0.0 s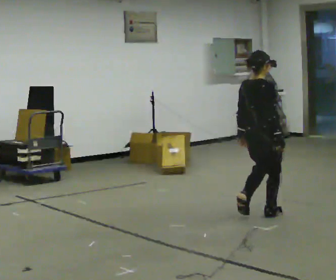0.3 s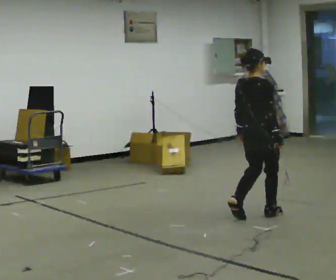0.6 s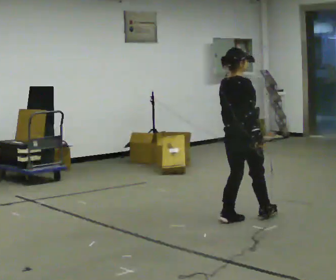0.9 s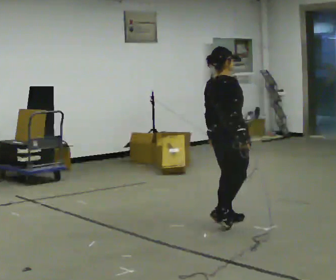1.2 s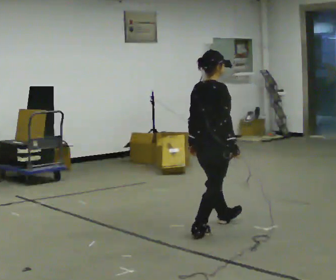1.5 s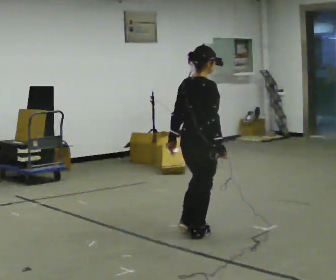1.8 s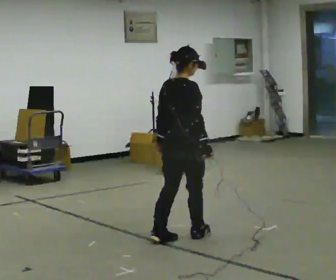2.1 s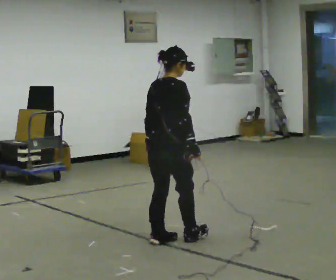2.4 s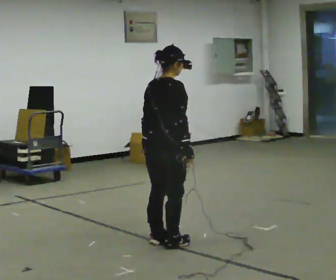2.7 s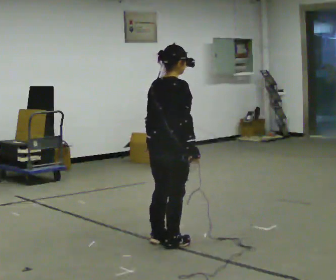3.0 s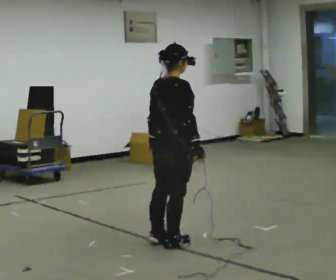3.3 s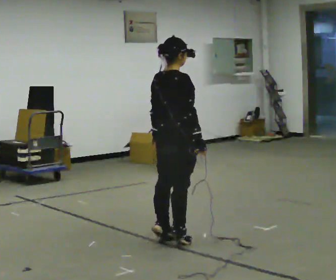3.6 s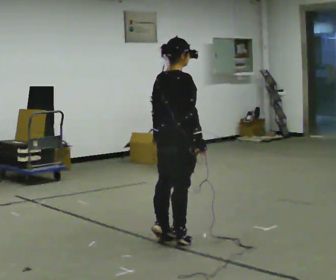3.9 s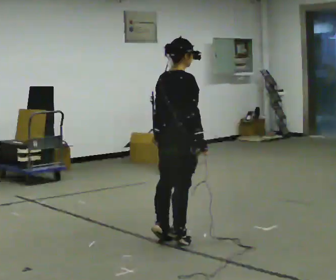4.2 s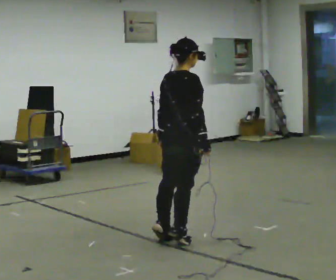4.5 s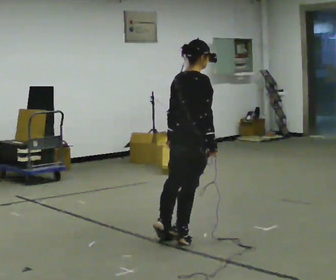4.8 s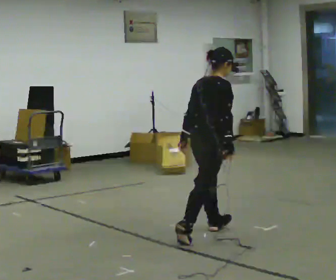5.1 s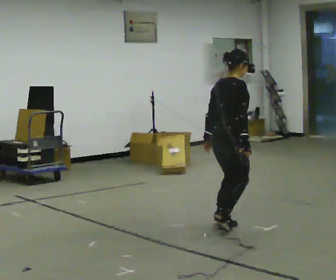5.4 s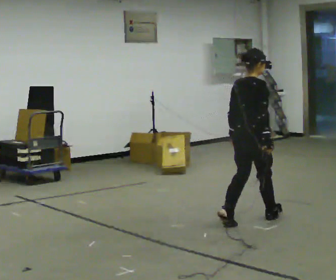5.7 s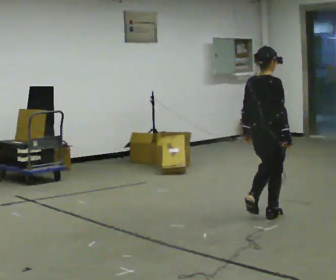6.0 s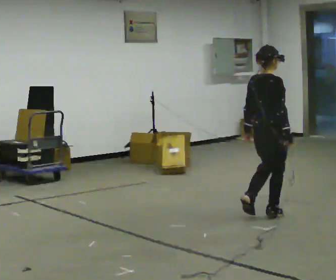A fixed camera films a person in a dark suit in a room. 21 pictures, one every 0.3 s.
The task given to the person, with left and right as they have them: Stand on the marked spots and rise up onto your toes. Stay up until you start to topple forward, then step to catch yourself. Repeat at your own pace until the operator says stop. Go slowly and only as far as you are comfortable. Step whenever you need to; do not try to hold on longer than feels safe.
0.0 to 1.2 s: In the picture they go to the left and toward the camera, about 0.75 m in 2 steps, which for them is backward.
1.2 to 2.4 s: In the picture they go to the left and toward the camera, about 0.5 m in 2 steps, which for them is backward.
2.4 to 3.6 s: The person moves a little, or ends about where they began.
3.6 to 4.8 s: In the picture they go to the right and away from the camera, about 0.25 m, which for them is forward.
4.8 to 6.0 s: In the picture they go to the right and away from the camera, about 0.75 m in 3 steps, which for them is forward.
The film runs forward here.
